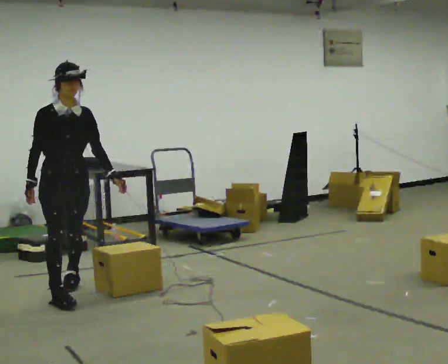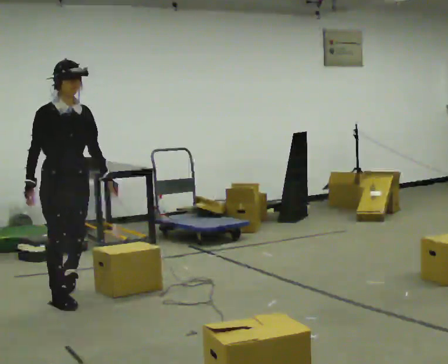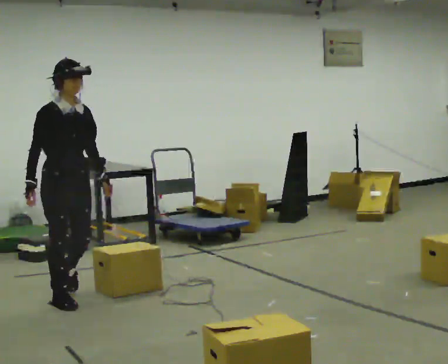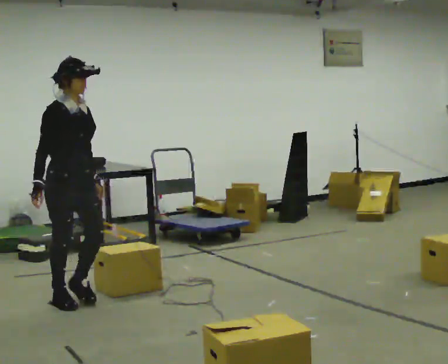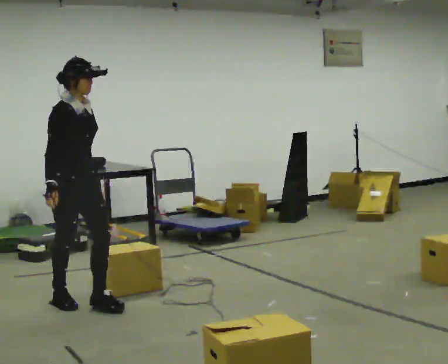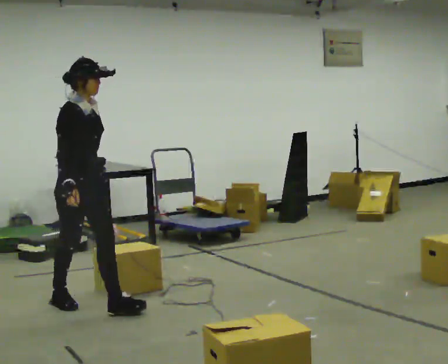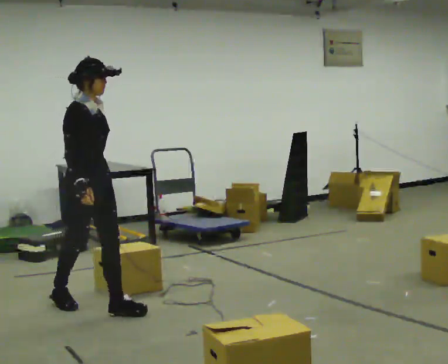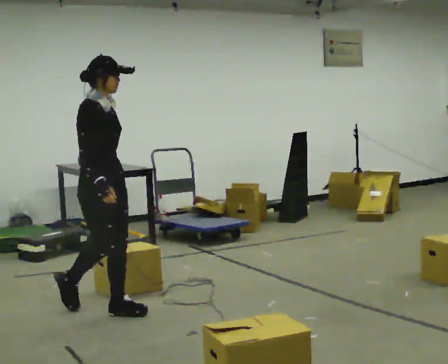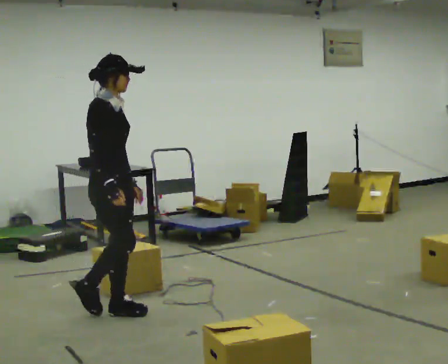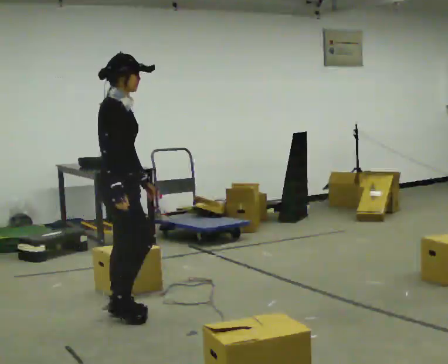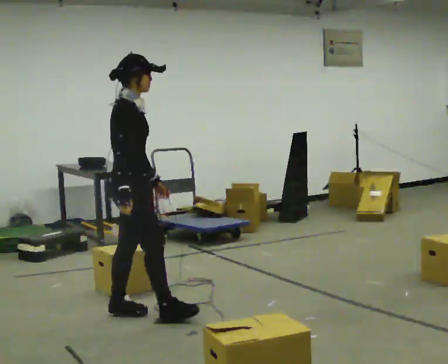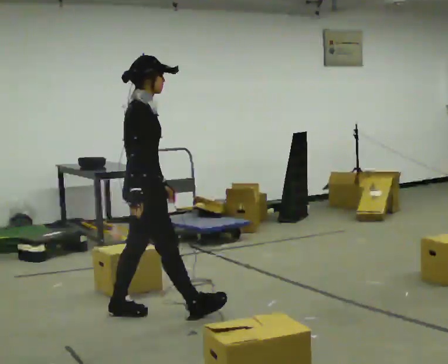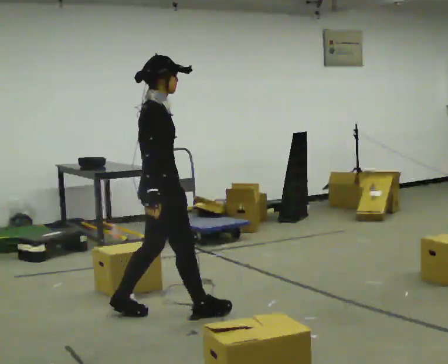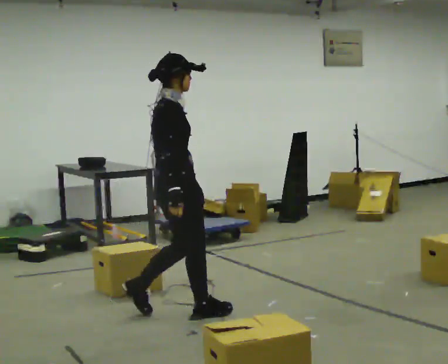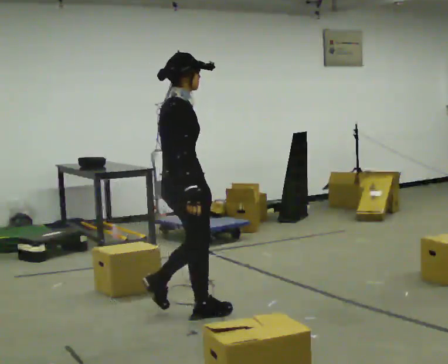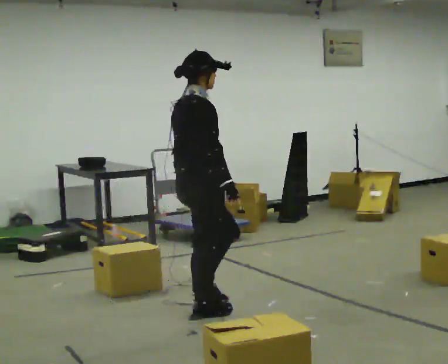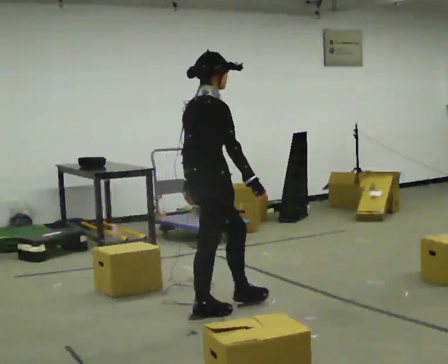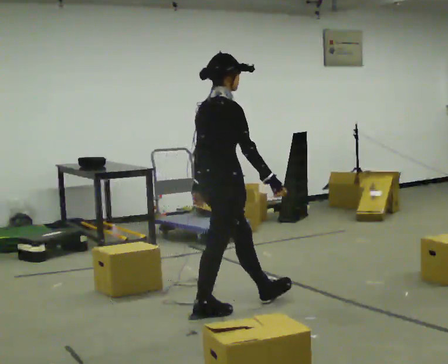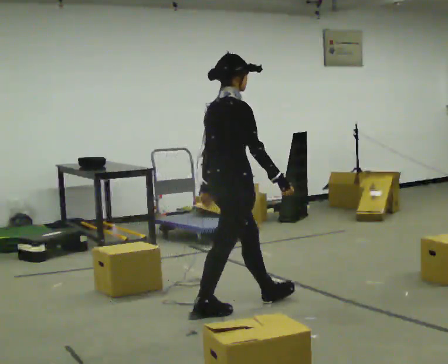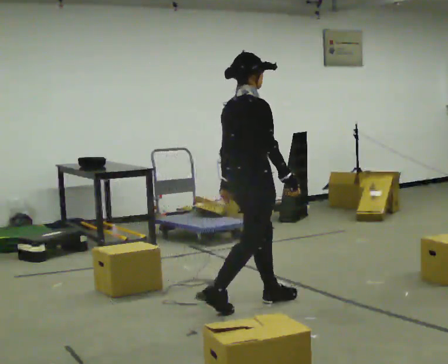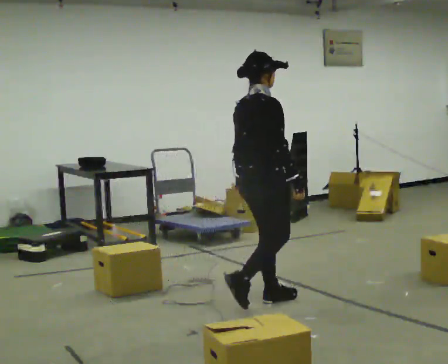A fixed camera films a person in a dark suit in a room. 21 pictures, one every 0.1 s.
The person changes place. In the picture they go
to the right.
The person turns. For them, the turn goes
to their left.
0.0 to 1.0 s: The person turns about 60 degrees to their left, counterclockwise seen from above, so the part of the body nearest the lens slides to the right. In the picture they go toward the camera and to the right, about 0.75 m in 1 step.
1.0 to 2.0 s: The part of the body nearest the lens slides to the right as the person turns to their left by about 30 degrees. In the picture they go to the right, about 1 m in 2 steps, which for them is forward.
The film runs forward here.
